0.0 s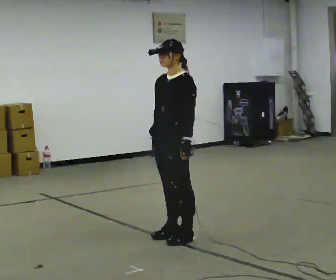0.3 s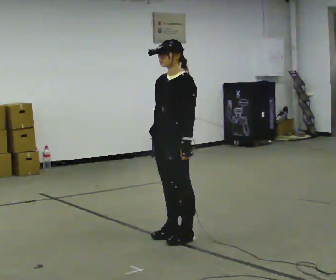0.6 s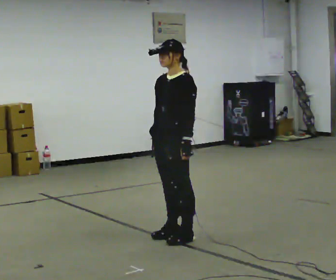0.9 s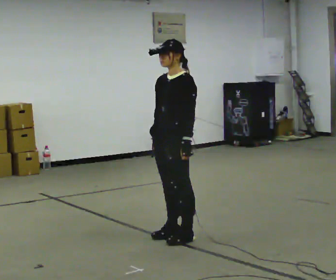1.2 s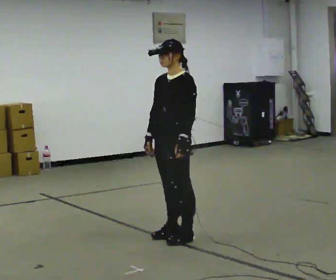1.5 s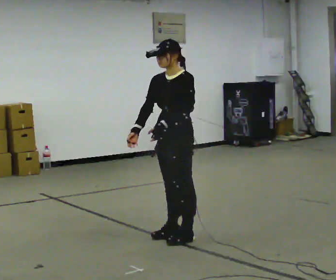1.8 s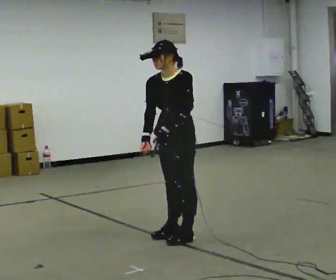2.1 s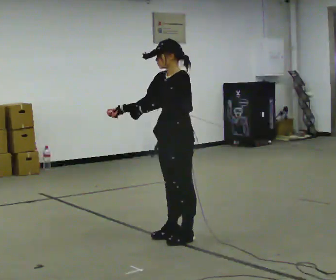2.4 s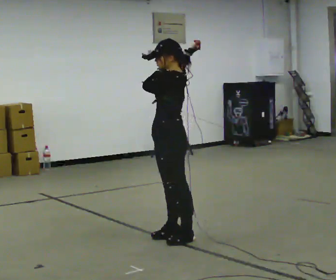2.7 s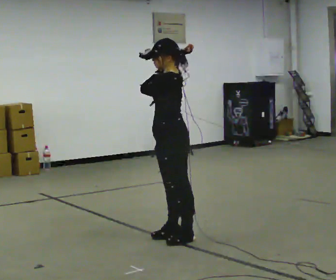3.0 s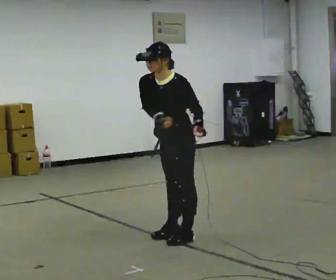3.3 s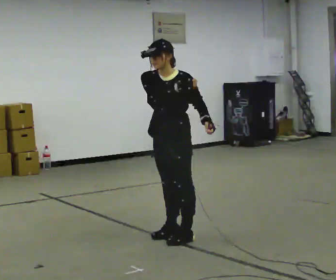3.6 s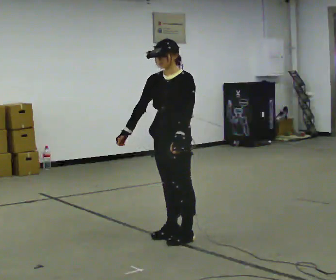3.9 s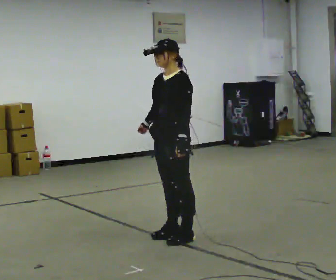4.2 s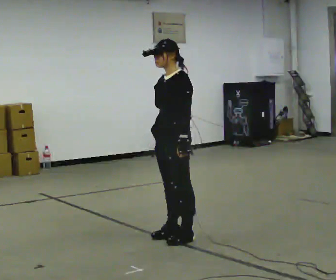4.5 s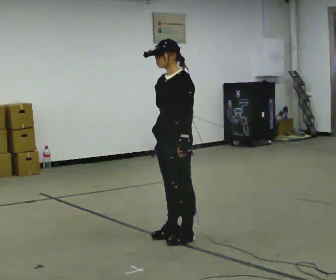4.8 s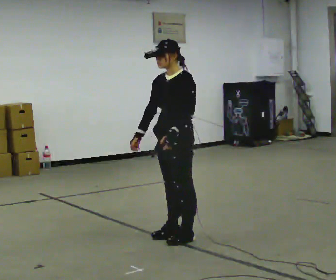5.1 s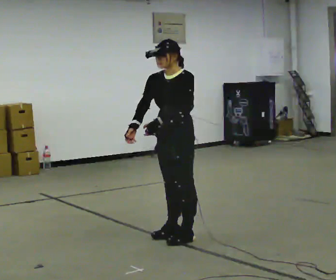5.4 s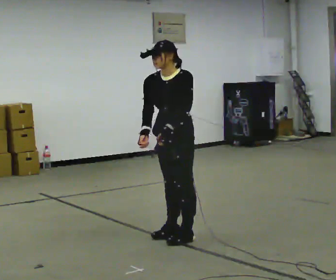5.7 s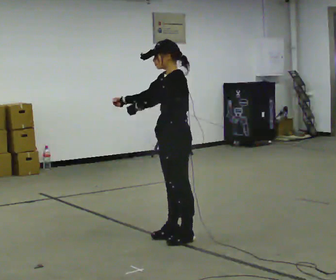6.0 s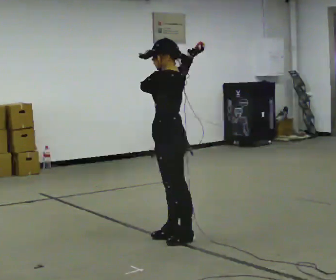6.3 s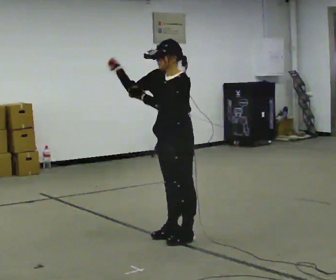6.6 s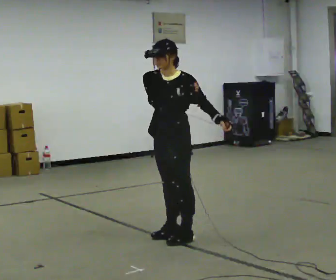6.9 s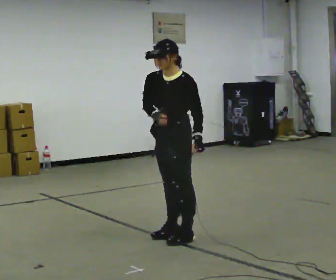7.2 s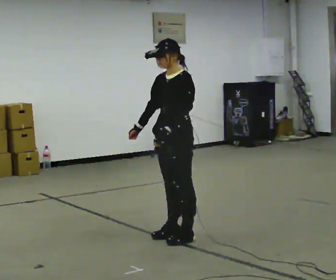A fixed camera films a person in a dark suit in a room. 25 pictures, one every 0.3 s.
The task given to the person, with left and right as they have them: Mime a baseball swing with no bat: set your stance, stride, swing through. Repeat the movement at your own pace until the operator says stop; do not rush.
0.0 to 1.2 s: The person moves a little, or ends about where they began.
1.2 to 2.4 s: The person turns about 30 degrees to their right, clockwise seen from above, so the part of the body nearest the lens slides to the left. In the picture their right hand goes upward and to the right.
2.4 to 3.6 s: The person turns about 45 degrees to their left, counterclockwise seen from above, so the part of the body nearest the lens slides to the right. In the picture their right hand goes downward and to the left.
3.6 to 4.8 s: The person moves a little, or ends about where they began.
4.8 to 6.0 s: Seen from above the body turns clockwise, about 30 degrees: to their right, with its near side sliding to the left. In the picture their right hand goes upward and to the right.
6.0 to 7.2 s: The person turns about 30 degrees to their left, counterclockwise seen from above, so the part of the body nearest the lens slides to the right. In the picture their right hand goes downward and to the left.
The film runs forward here.
